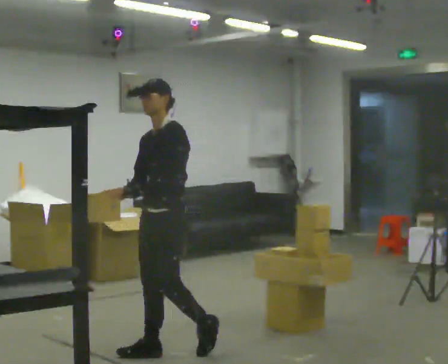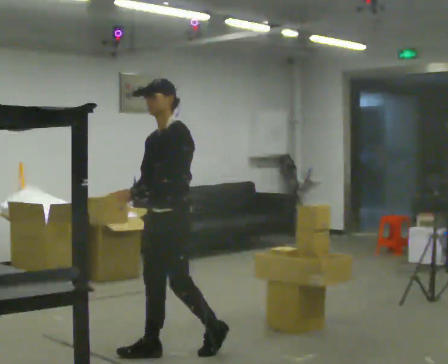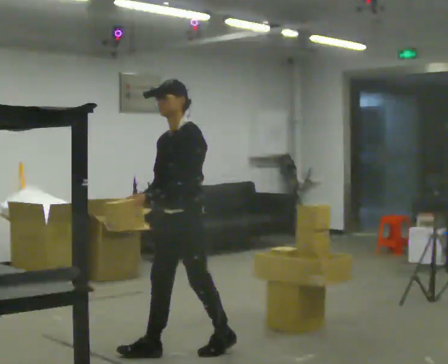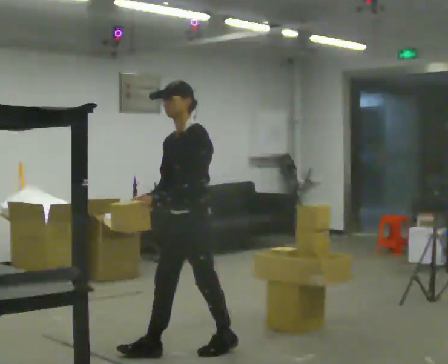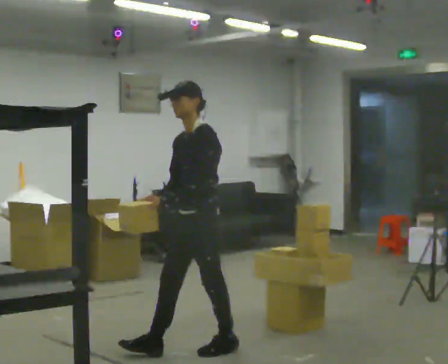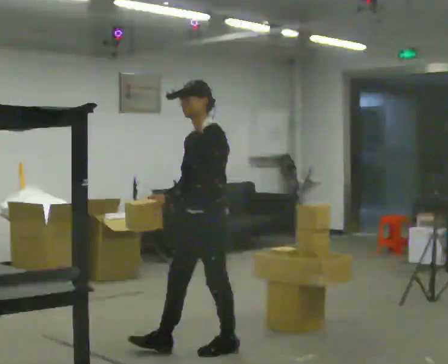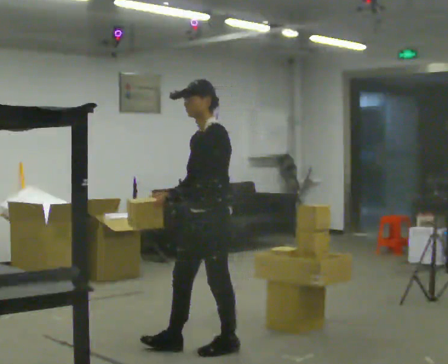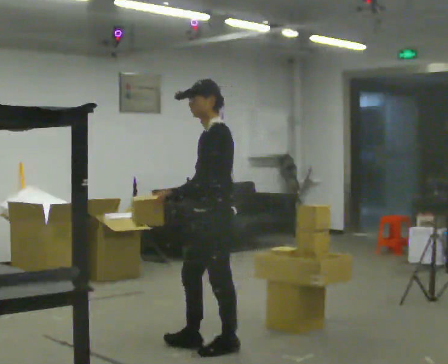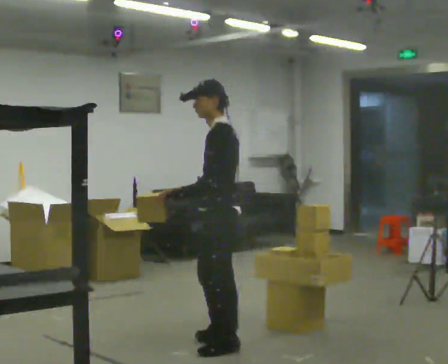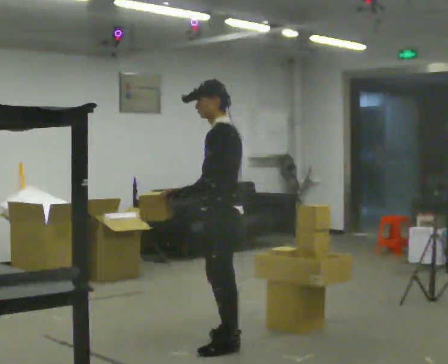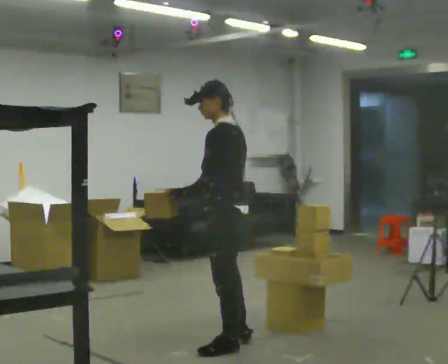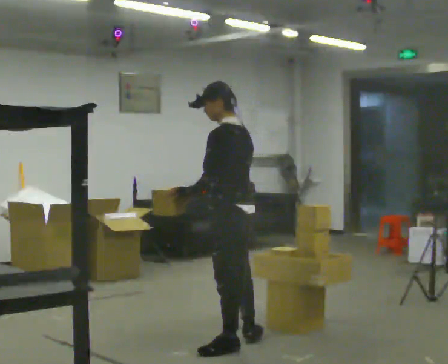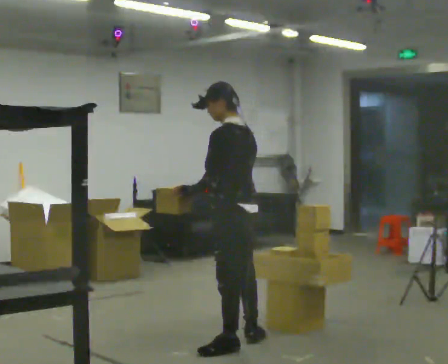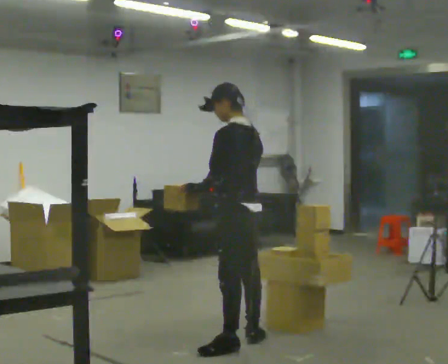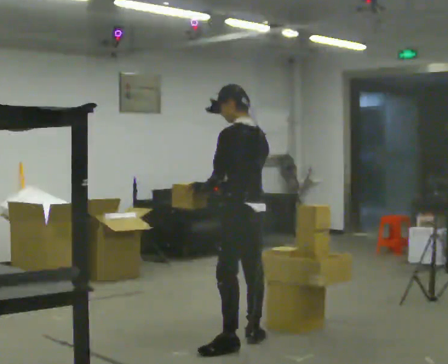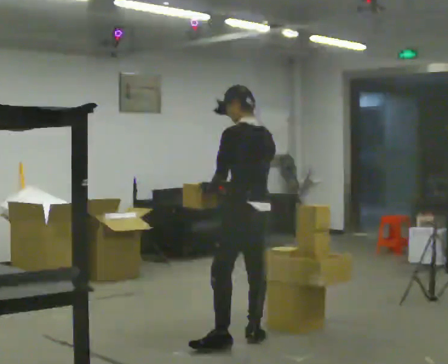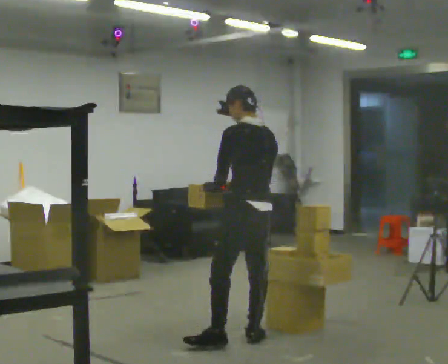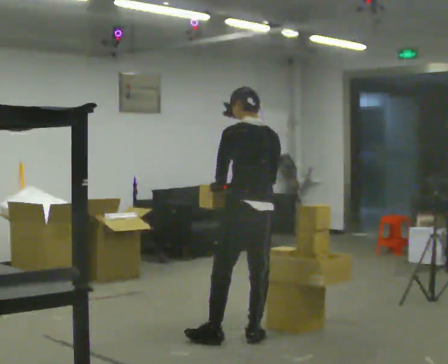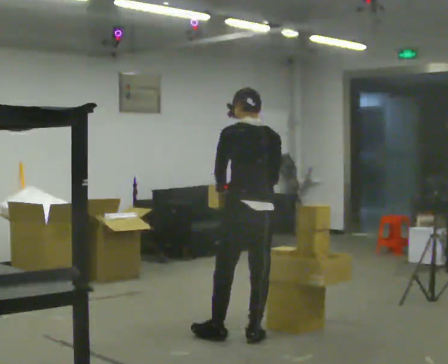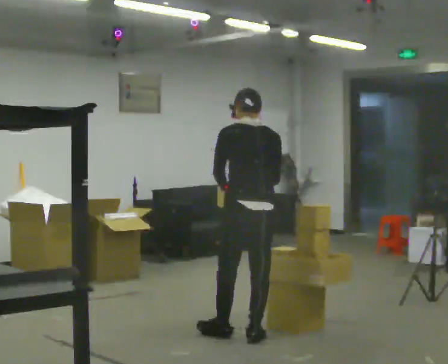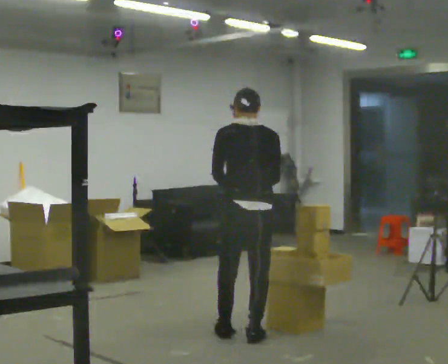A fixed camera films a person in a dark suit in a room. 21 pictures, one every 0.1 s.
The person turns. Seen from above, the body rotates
clockwise.
The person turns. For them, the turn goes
to their right.
0.0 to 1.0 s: Seen from above the body turns clockwise, about 60 degrees: to their right, with its near side sliding to the left. In the picture they go to the right, about 0.5 m in 1 step, which for them is backward.
1.0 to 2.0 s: The part of the body nearest the lens slides to the left as the person turns to their right by about 60 degrees. In the picture they go away from the camera, about 0.25 m in 1 step.
The film runs backward here.
